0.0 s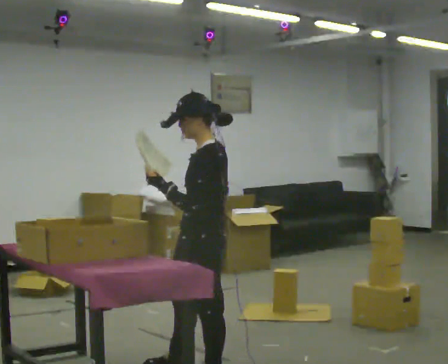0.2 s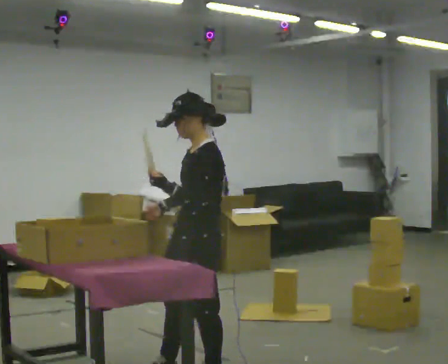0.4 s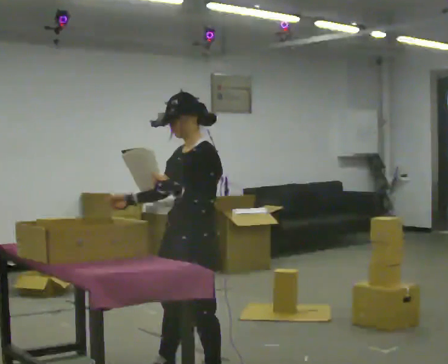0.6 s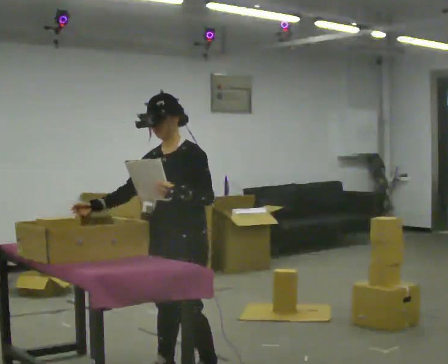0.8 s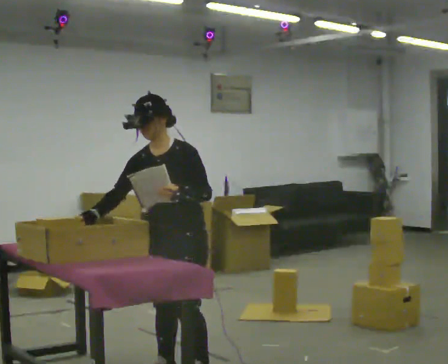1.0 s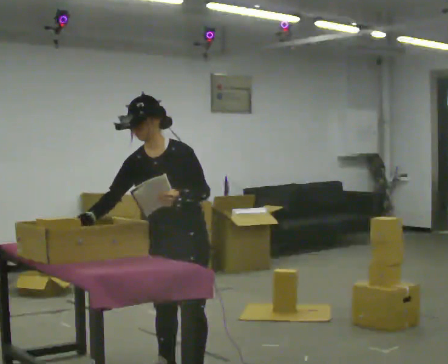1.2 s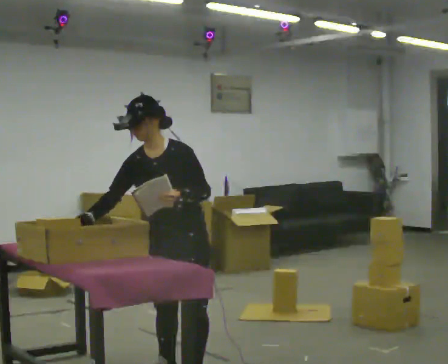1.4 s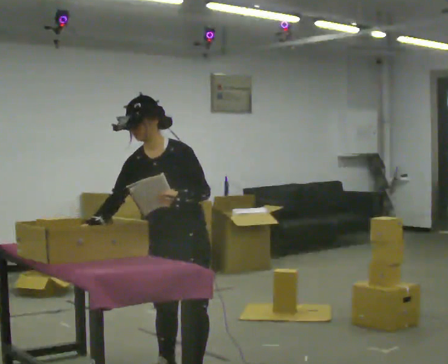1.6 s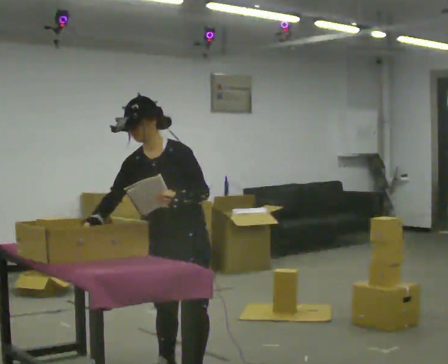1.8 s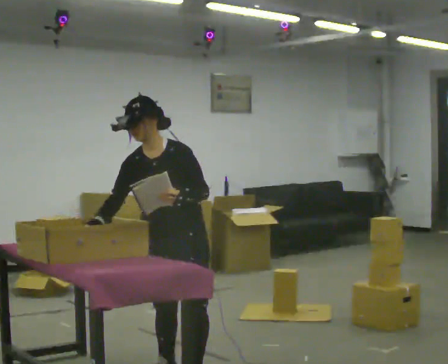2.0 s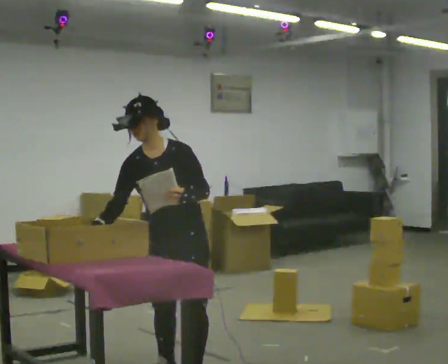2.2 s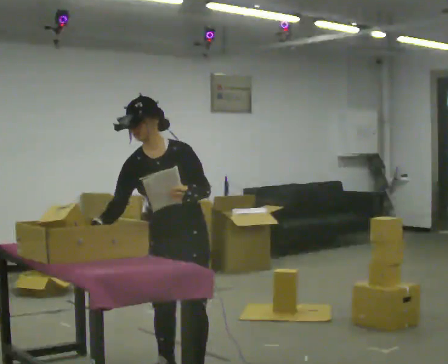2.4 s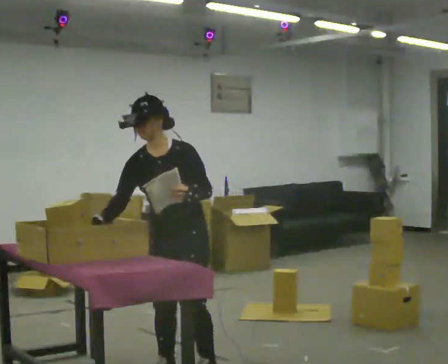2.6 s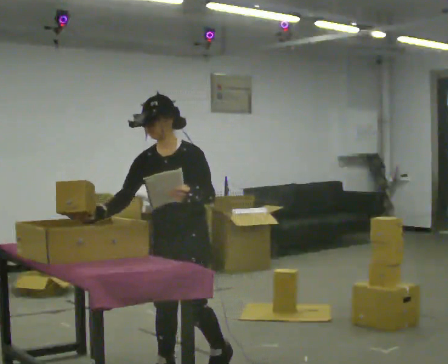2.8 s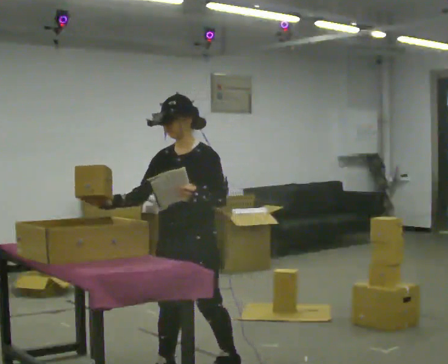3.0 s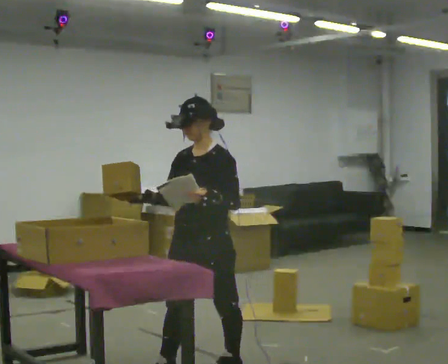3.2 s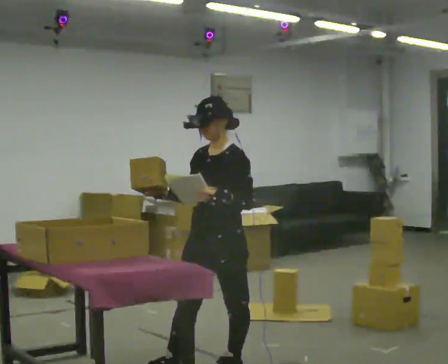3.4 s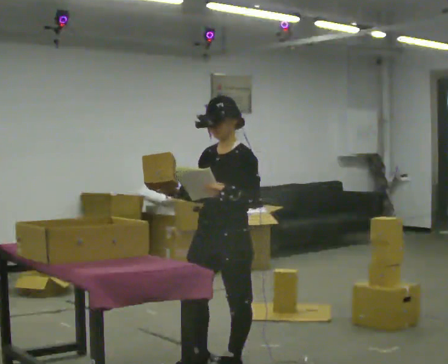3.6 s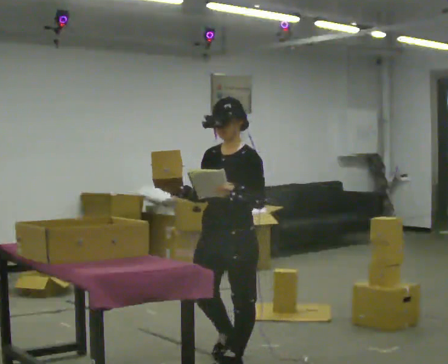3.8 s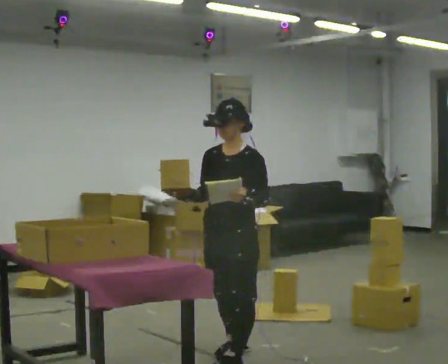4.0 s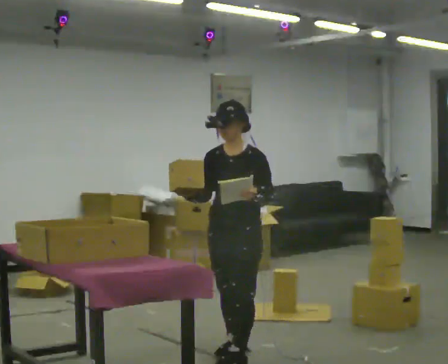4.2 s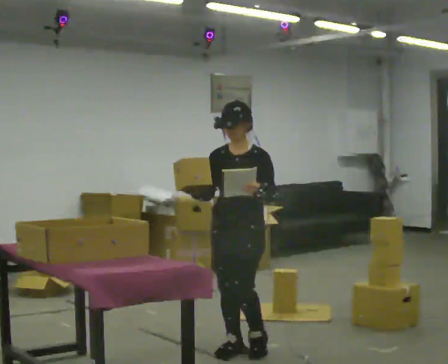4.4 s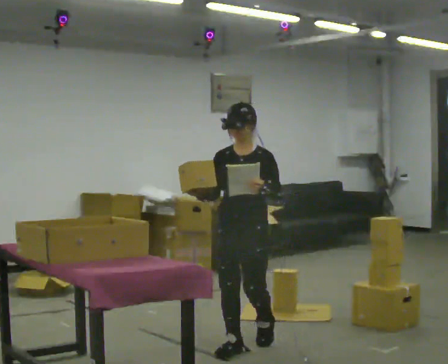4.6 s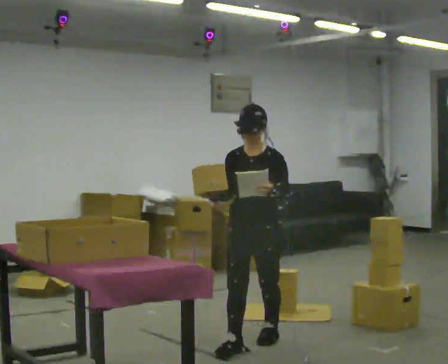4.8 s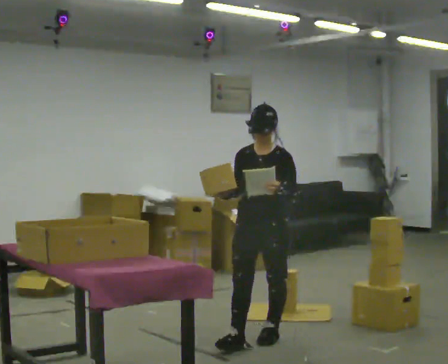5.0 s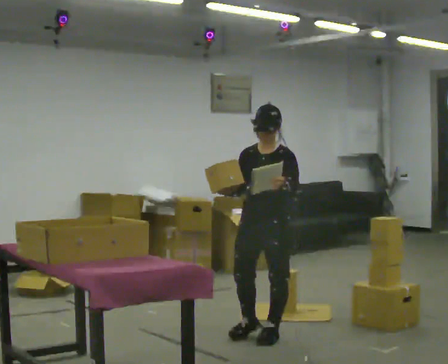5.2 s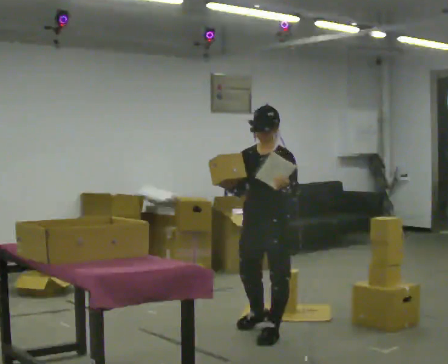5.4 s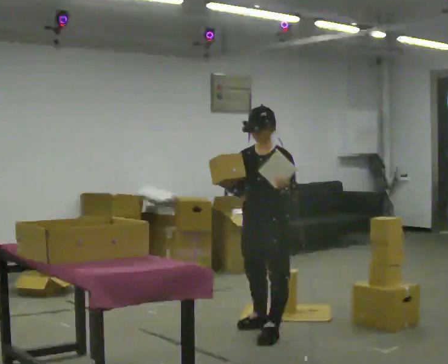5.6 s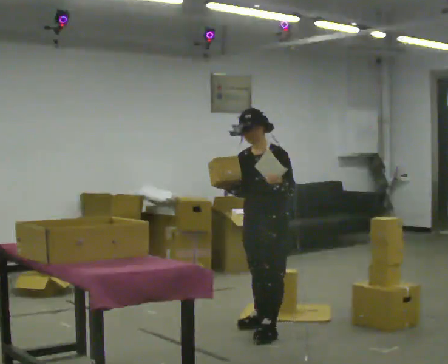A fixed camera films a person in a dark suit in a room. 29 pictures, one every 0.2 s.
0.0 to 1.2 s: The person turns about 75 degrees to their left, counterclockwise seen from above, so the part of the body nearest the lens slides to the right. In the picture they go to the left, about 0.25 m. In the picture the upper body tilts counterclockwise, shoulders to the left. In the picture their right hand goes to the left, the arm swinging clockwise.
1.2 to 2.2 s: The person moves a little, or ends about where they began.
2.2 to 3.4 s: The part of the body nearest the lens slides to the left as the person turns to their right by about 30 degrees. In the picture they go to the right, about 0.25 m in 2 steps, which for them is backward and to their left. In the picture the upper body tilts clockwise, shoulders to the right.
3.4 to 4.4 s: Seen from above the body turns counterclockwise, about 30 degrees: to their left, with its near side sliding to the right. In the picture they go away from the camera, about 0.5 m in 1 step, which for them is backward.
4.4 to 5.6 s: In the picture they go away from the camera and to the right, about 0.5 m in 1 step, which for them is backward.
The film runs backward here.
